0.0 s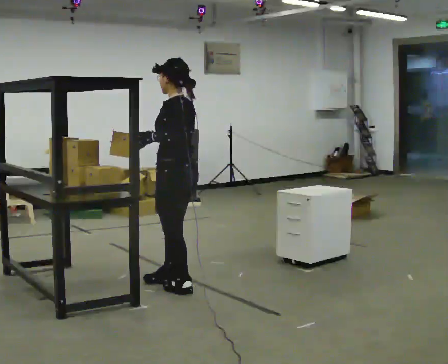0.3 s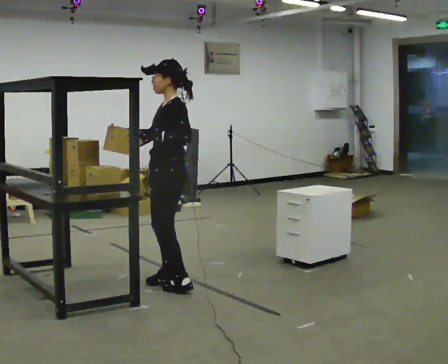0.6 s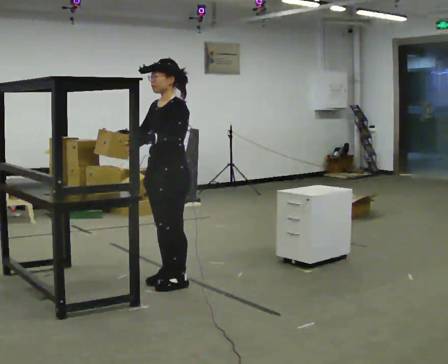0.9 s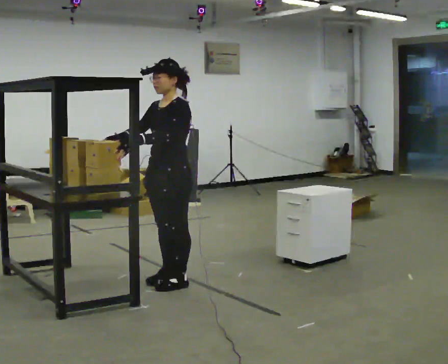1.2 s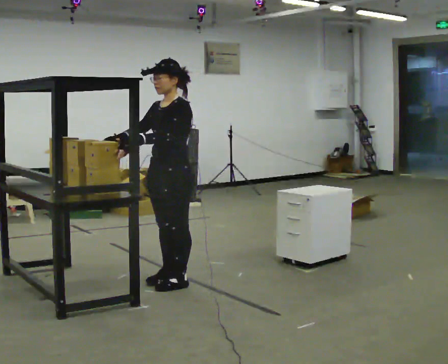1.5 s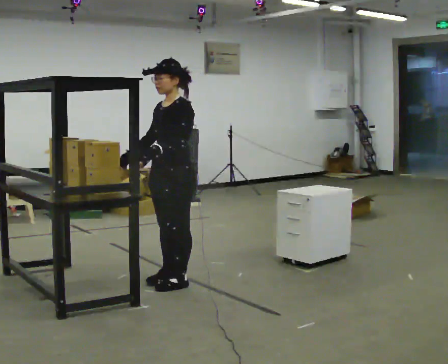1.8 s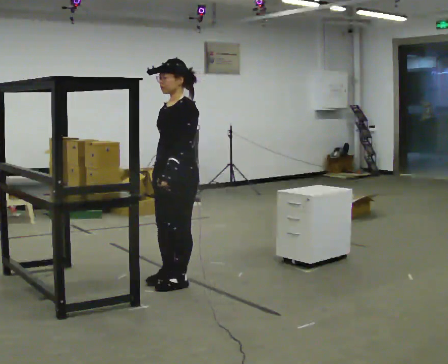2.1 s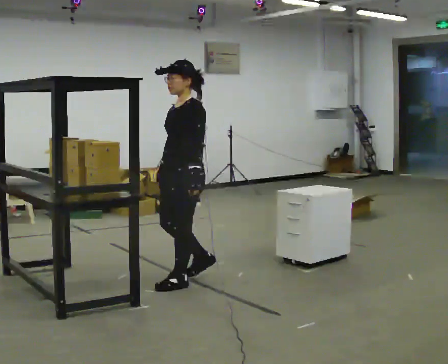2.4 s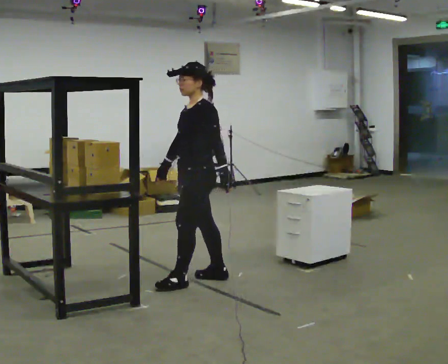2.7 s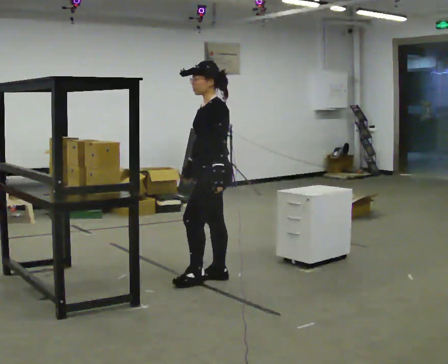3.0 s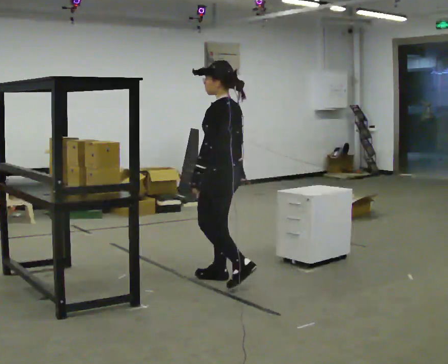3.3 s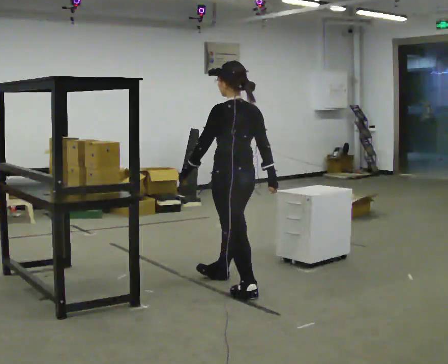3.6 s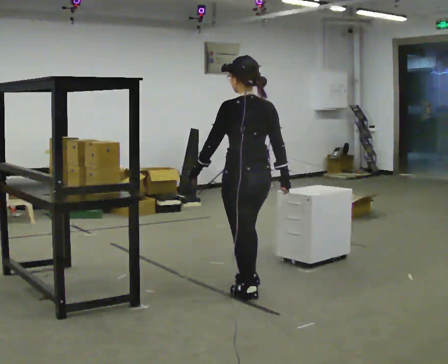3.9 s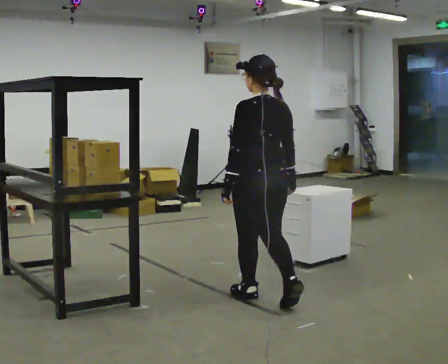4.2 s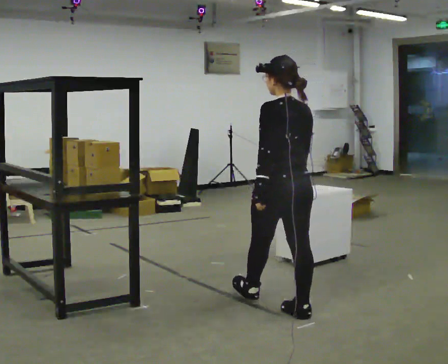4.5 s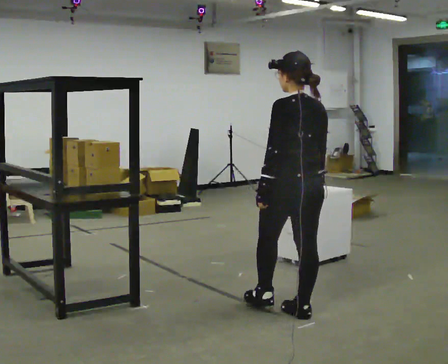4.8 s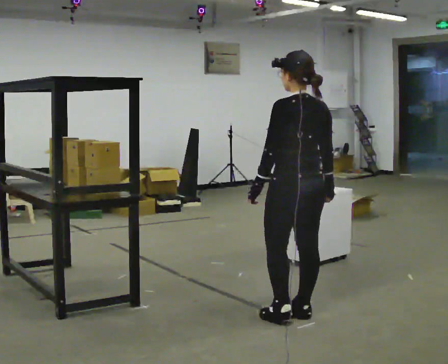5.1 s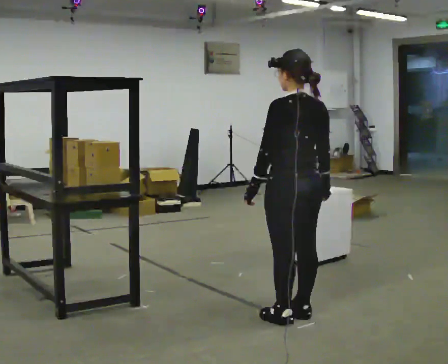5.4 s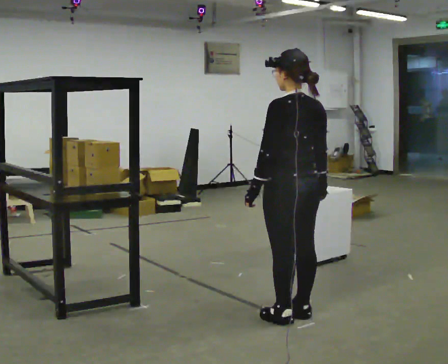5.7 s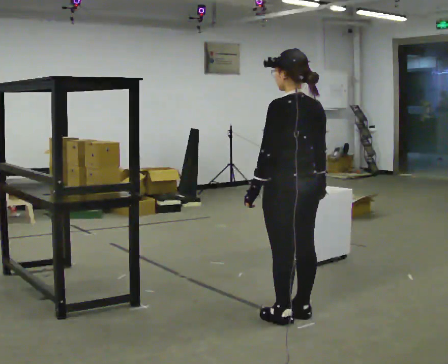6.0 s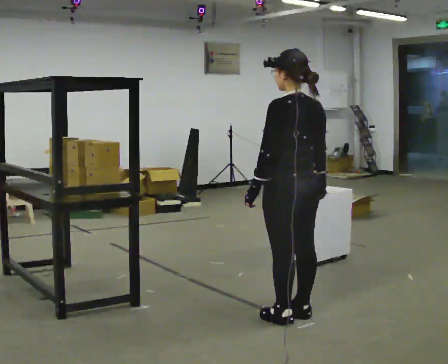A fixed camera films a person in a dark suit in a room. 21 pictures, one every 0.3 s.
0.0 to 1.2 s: Seen from above the body turns counterclockwise, about 60 degrees: to their left, with its near side sliding to the right.
1.2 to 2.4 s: In the picture they go to the right, about 0.25 m in 1 step, which for them is backward. In the picture their left hand goes to the right.
2.4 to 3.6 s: Seen from above the body turns clockwise, about 75 degrees: to their right, with its near side sliding to the left. In the picture they go toward the camera and to the right, about 0.5 m in 2 steps.
3.6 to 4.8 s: In the picture they go toward the camera and to the right, about 0.5 m in 1 step, which for them is backward.
4.8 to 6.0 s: The person moves a little, or ends about where they began.
The film runs backward here.
